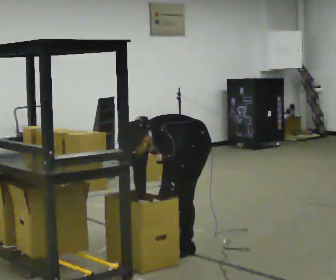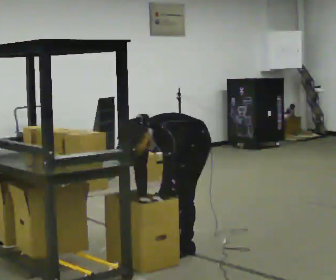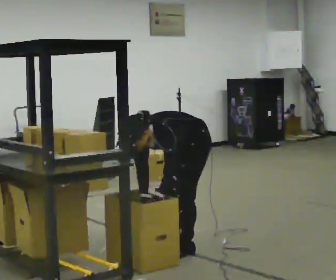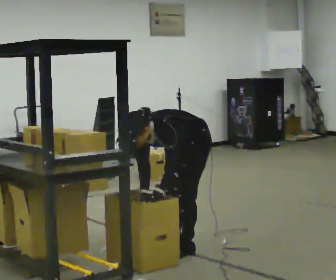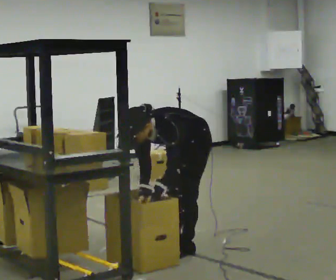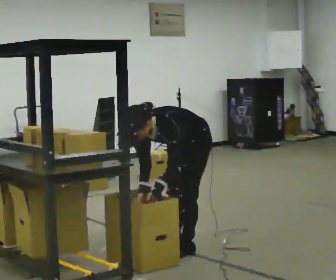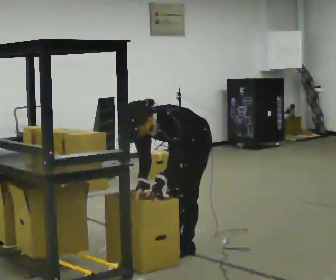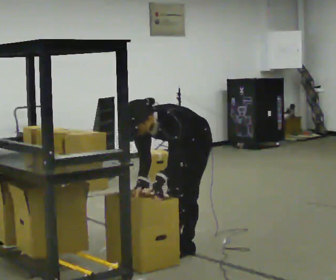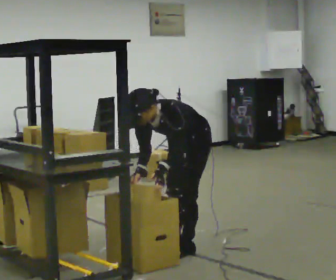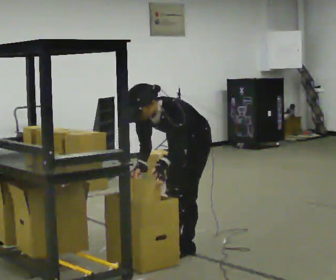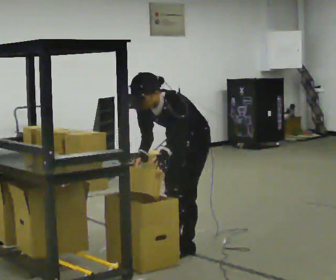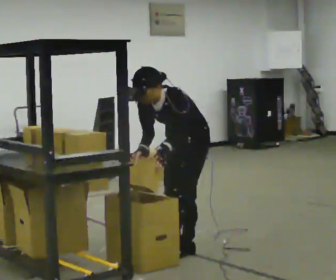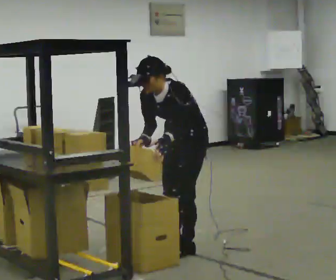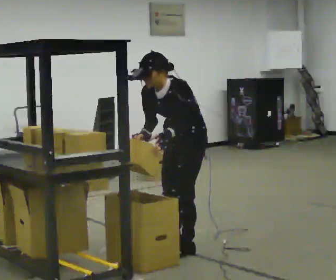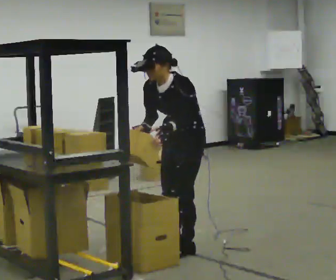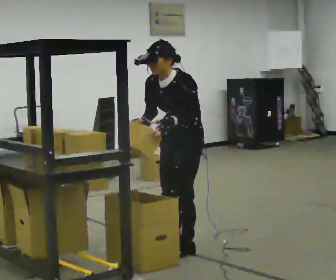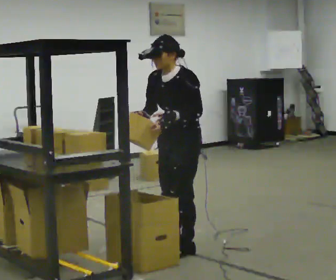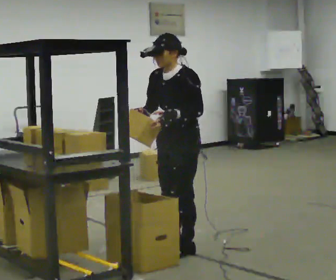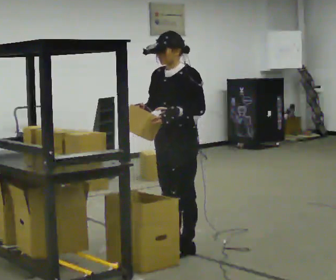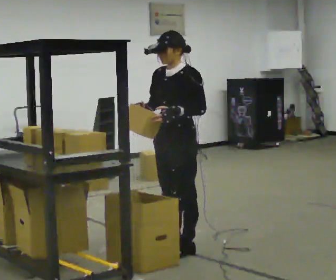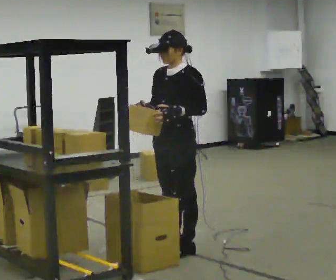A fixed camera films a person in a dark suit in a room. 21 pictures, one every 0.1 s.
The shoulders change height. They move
upward.
Their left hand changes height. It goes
upward.
0.0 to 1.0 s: The shoulders move upward. The upper body tips away from the camera, its near side rolling upward, as they lean back or straighten. In the picture their left hand goes upward.
1.0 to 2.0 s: The shoulders move upward. In the picture the upper body tilts clockwise, shoulders to the right, as they lean back or straighten. In the picture their right hand goes upward.
The film runs forward here.
